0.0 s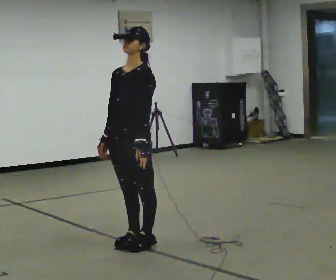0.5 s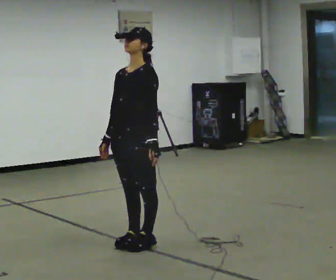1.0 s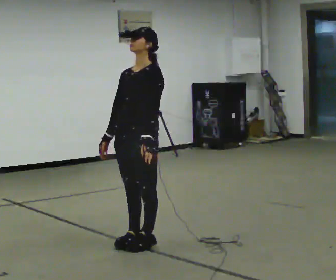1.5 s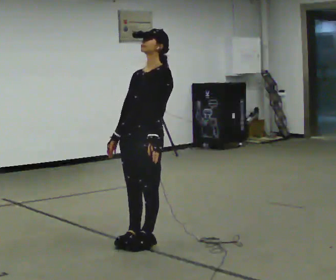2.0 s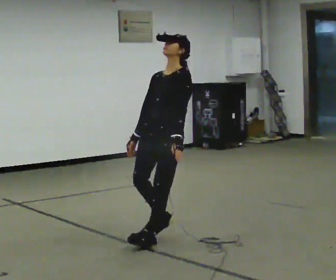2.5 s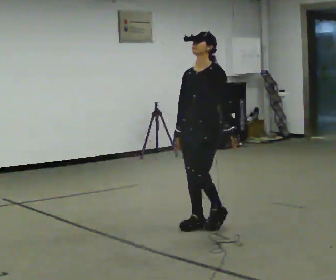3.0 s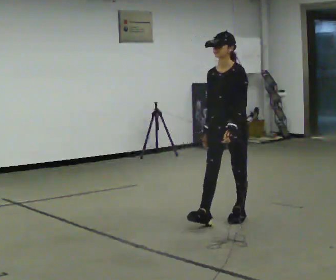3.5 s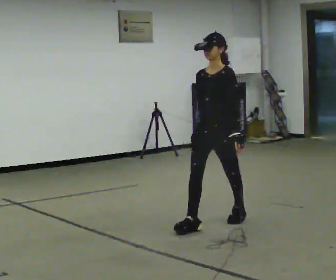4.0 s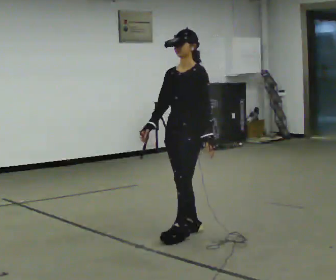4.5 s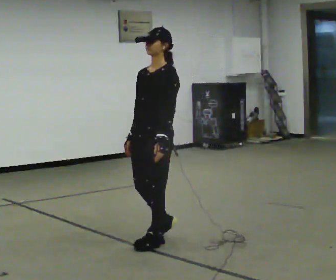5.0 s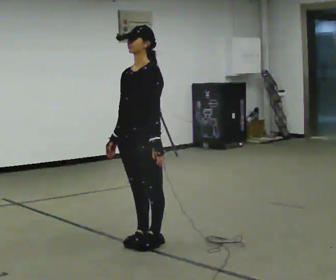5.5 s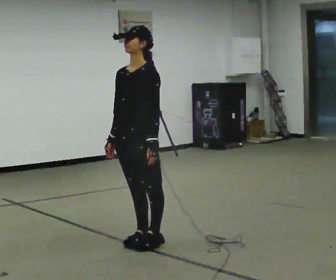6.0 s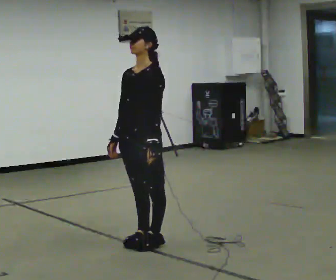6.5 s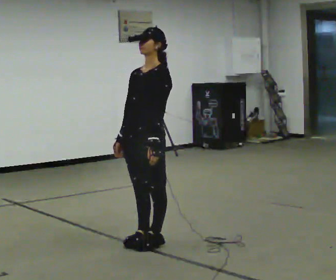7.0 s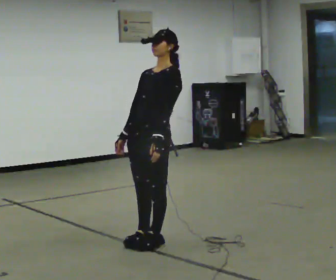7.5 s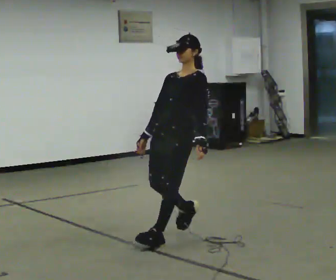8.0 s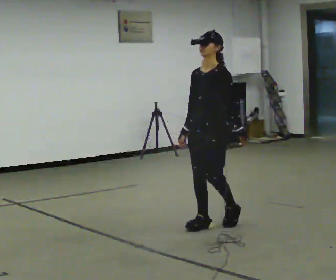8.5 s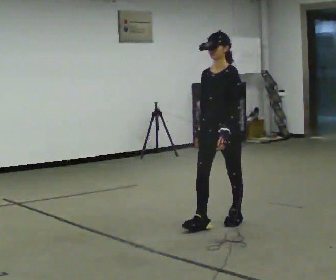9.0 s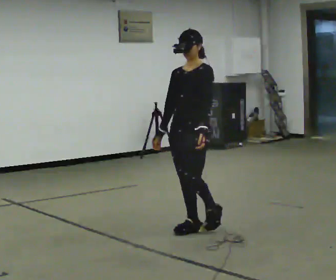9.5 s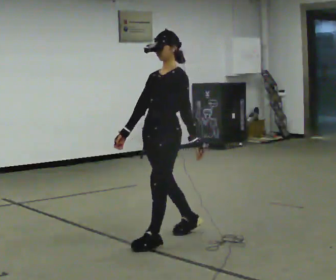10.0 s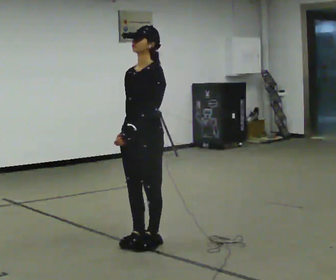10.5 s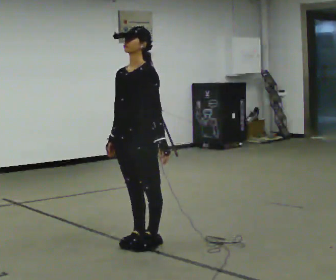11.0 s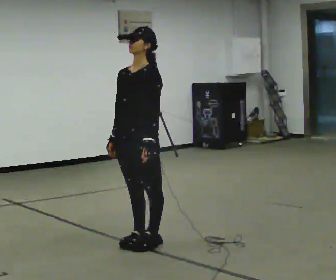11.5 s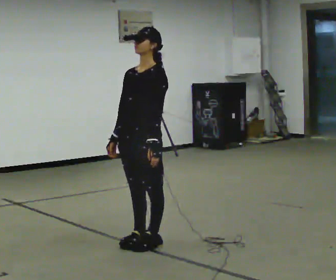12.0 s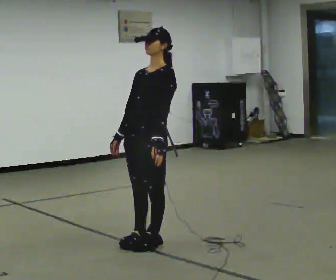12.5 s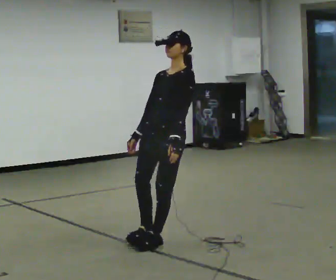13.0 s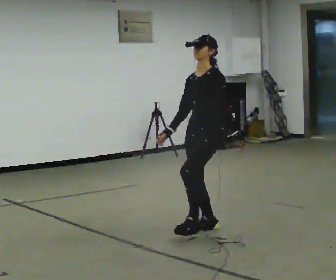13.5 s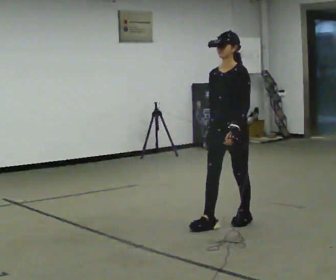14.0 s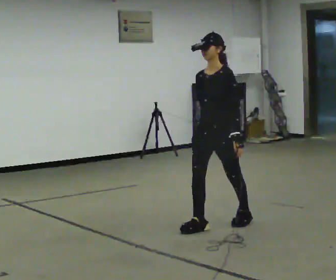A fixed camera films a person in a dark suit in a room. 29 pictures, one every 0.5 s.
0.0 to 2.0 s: In the picture they go to the right and away from the camera, about 0.25 m, which for them is backward.
2.0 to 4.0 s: The person moves a little, or ends about where they began.
4.0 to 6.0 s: In the picture they go to the left and toward the camera, about 0.5 m in 2 steps, which for them is forward.
6.0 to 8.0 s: In the picture they go to the right and away from the camera, about 1 m in 1 step, which for them is backward.
8.0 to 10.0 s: In the picture they go to the left and toward the camera, about 1 m in 3 steps, which for them is forward.
10.0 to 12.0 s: The person moves a little, or ends about where they began.
12.0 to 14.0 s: In the picture they go to the right and away from the camera, about 0.75 m in 2 steps, which for them is backward.
The film runs forward here.
